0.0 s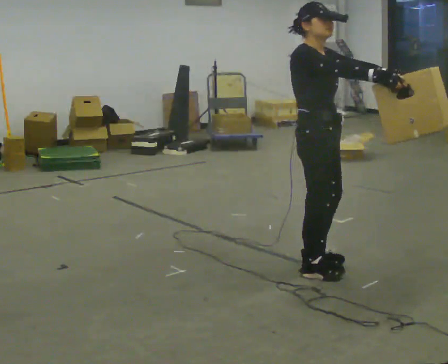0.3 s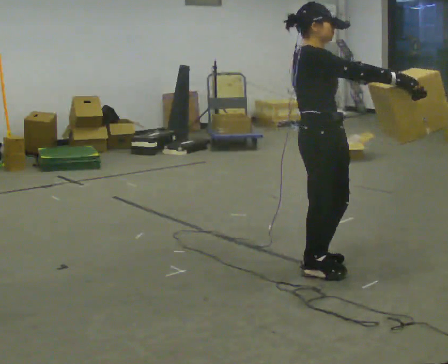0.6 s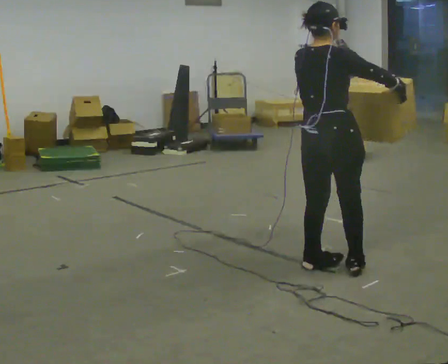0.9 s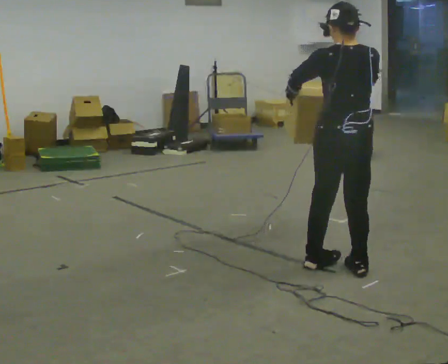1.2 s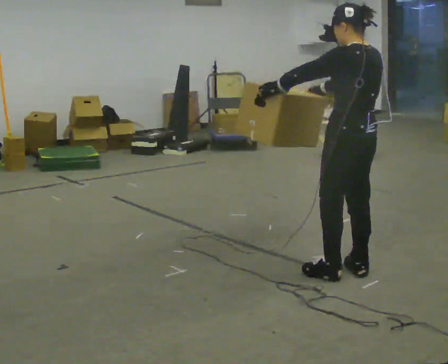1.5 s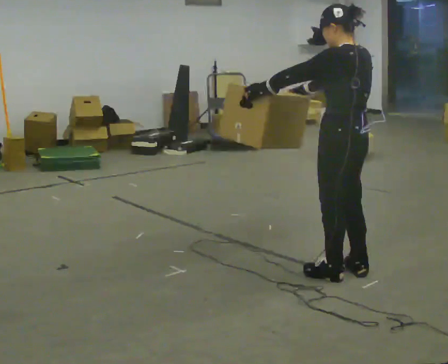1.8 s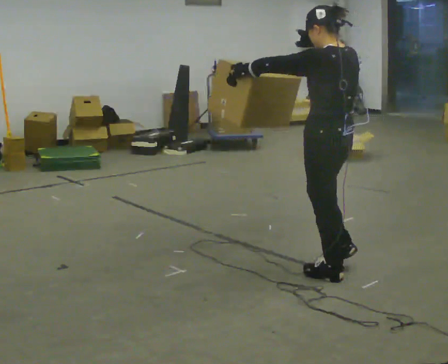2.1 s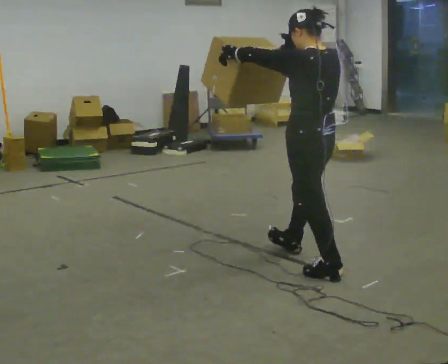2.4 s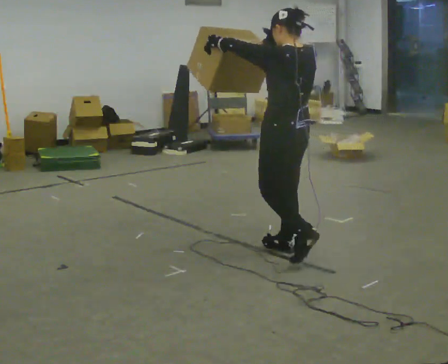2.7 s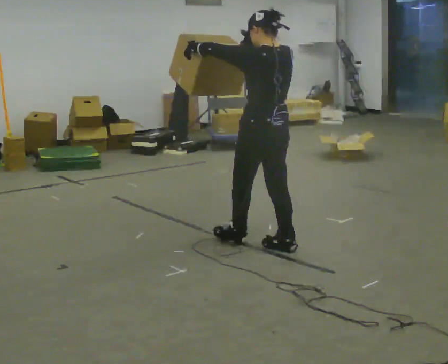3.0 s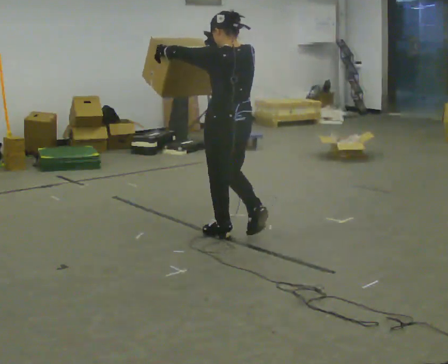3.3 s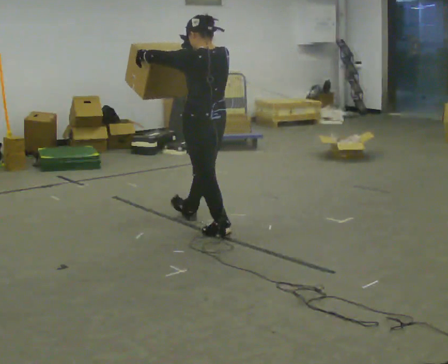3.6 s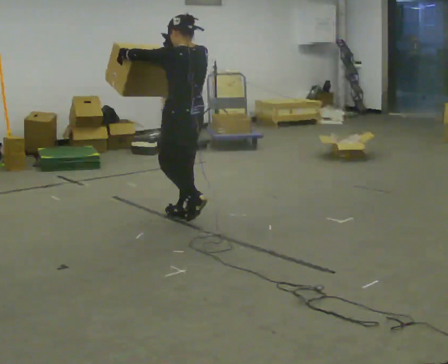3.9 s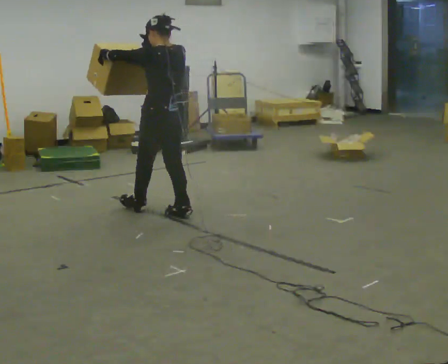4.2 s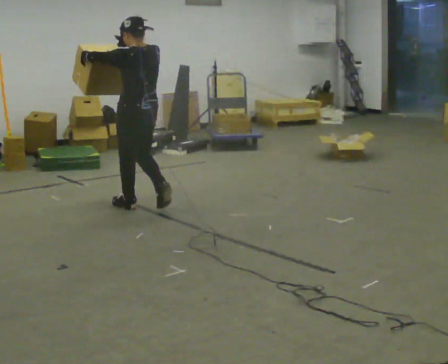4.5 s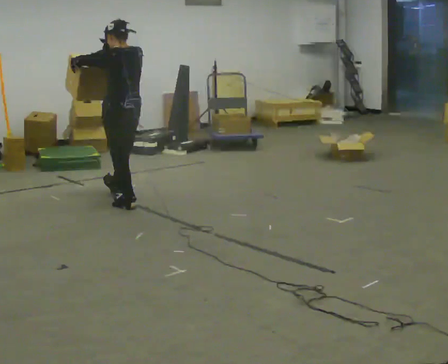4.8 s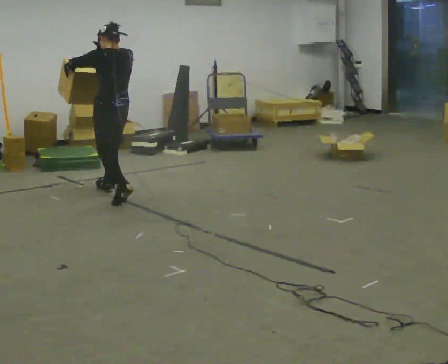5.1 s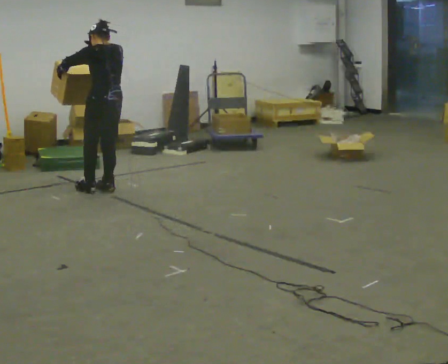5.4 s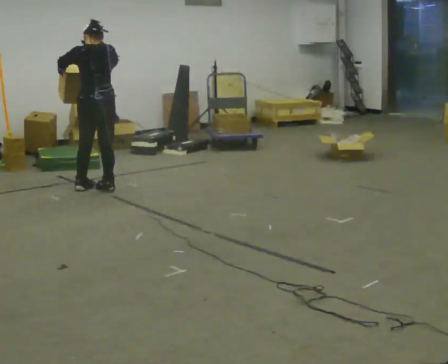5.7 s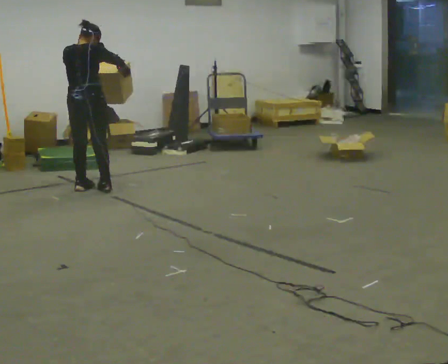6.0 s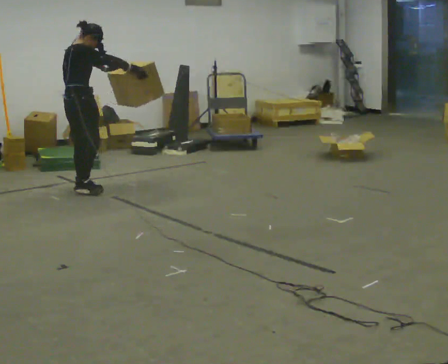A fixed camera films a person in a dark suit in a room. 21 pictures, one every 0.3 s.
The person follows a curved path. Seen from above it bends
counterclockwise.
0.0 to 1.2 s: Seen from above the body turns counterclockwise, about 150 degrees: to their left, with its near side sliding to the right. In the picture they go to the right, about 0.25 m in 2 steps. In the picture their left hand goes to the left.
1.2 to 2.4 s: In the picture they go away from the camera and to the left, about 0.5 m in 1 step, which for them is forward.
2.4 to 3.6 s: In the picture they go away from the camera and to the left, about 1 m in 2 steps, which for them is forward.
3.6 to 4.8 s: In the picture they go away from the camera and to the left, about 1 m in 2 steps, which for them is forward.
4.8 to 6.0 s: The person turns about 105 degrees to their right, clockwise seen from above, so the part of the body nearest the lens slides to the left. In the picture they go to the left and away from the camera, about 0.25 m in 2 steps.
The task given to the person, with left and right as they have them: Carry the object held up above your head, walking back and forth across the room.
The film runs forward here.
